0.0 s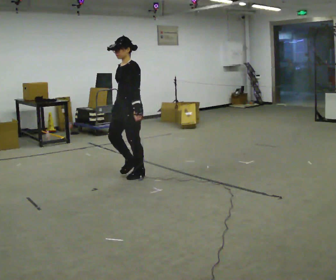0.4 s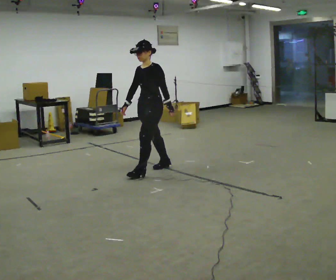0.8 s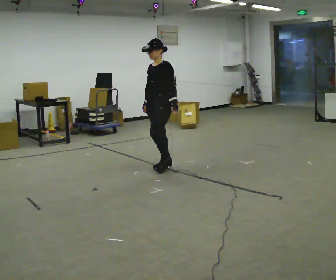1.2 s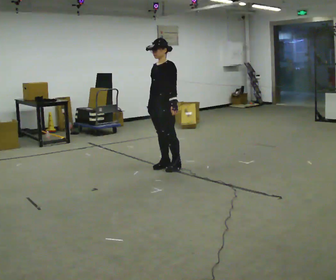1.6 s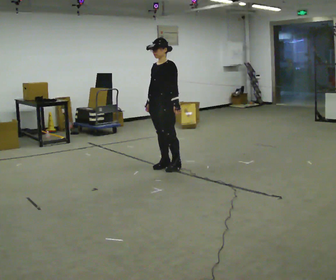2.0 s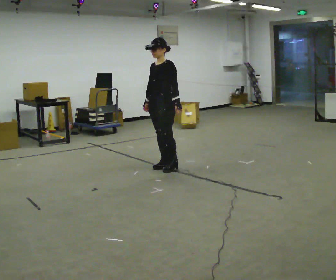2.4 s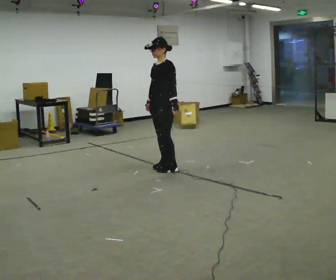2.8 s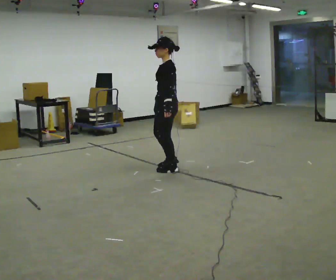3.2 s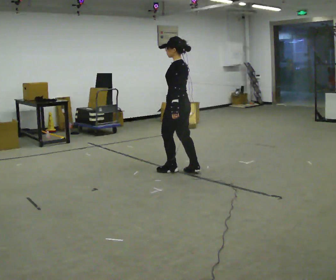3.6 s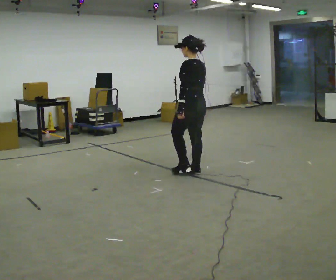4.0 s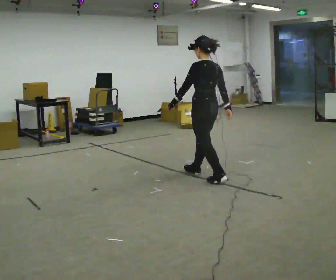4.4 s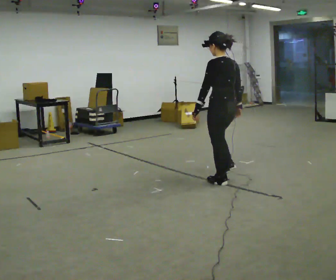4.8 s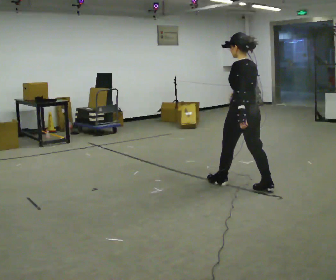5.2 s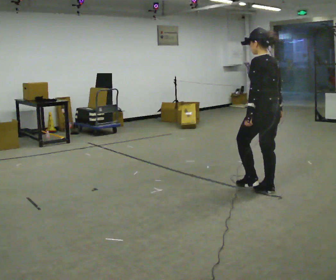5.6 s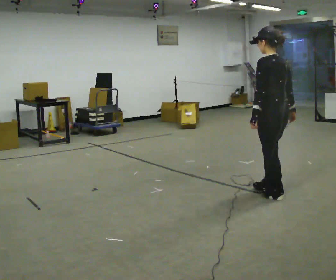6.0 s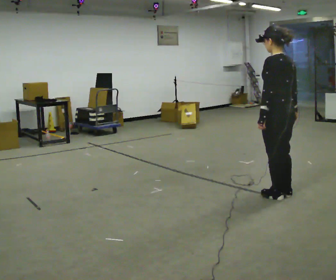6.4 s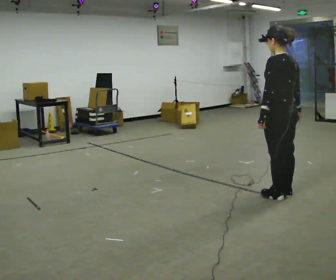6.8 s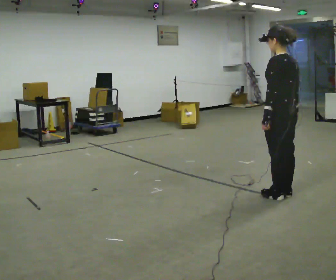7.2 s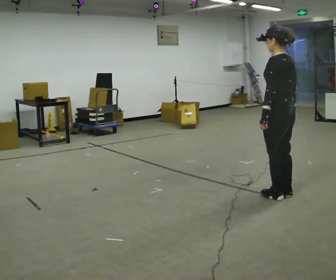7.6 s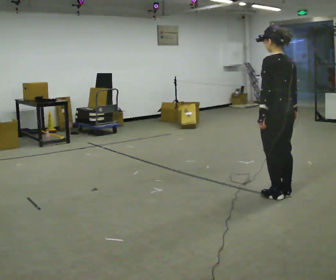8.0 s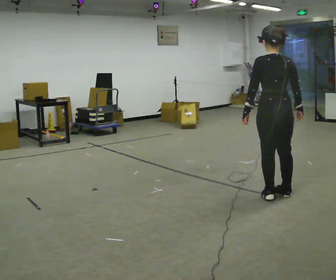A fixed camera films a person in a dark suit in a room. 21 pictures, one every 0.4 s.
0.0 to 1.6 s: In the picture they go away from the camera and to the right, about 0.5 m in 1 step, which for them is backward.
1.6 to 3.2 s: The part of the body nearest the lens slides to the left as the person turns to their right by about 60 degrees. In the picture they go toward the camera and to the right, about 0.25 m in 1 step.
3.2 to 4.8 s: The part of the body nearest the lens slides to the left as the person turns to their right by about 30 degrees. In the picture they go to the right and toward the camera, about 1 m in 2 steps, which for them is backward.
4.8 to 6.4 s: In the picture they go toward the camera and to the right, about 0.5 m in 2 steps, which for them is backward.
6.4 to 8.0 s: The person turns about 30 degrees to their right, clockwise seen from above, so the part of the body nearest the lens slides to the left.
The film runs backward here.
